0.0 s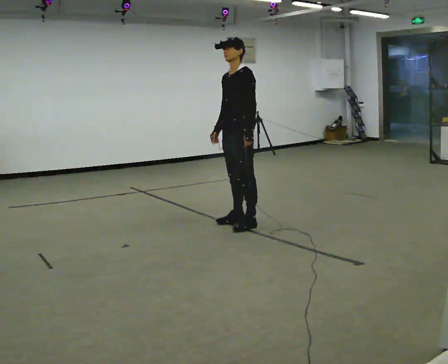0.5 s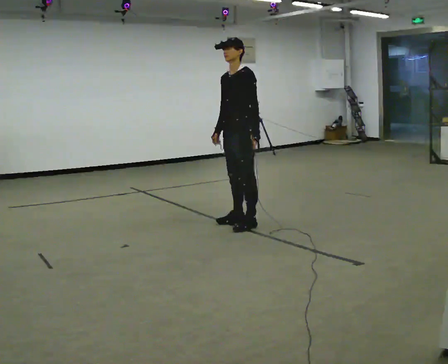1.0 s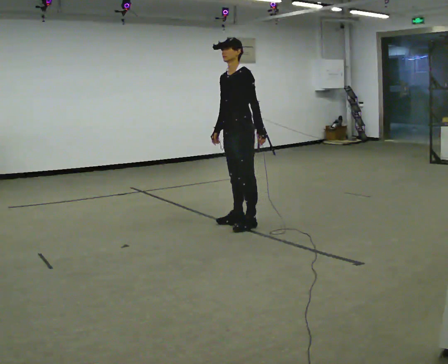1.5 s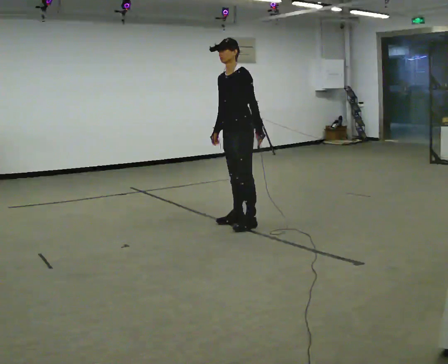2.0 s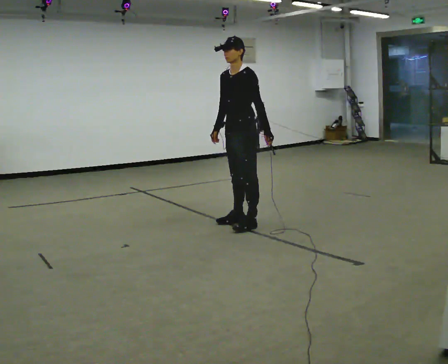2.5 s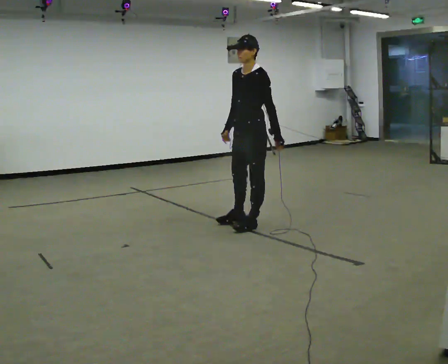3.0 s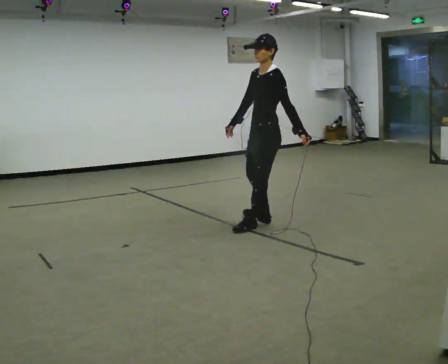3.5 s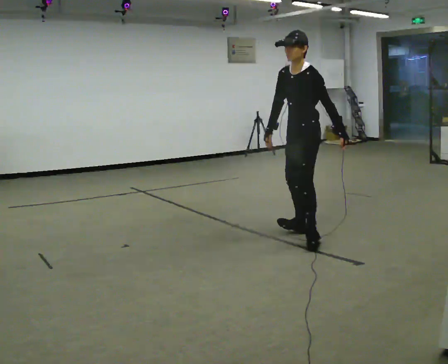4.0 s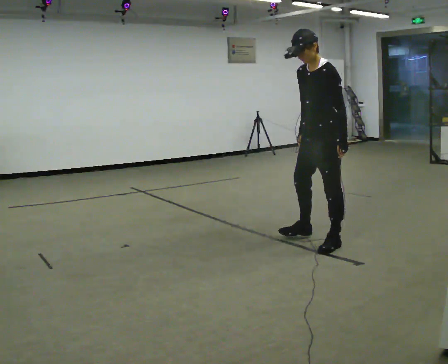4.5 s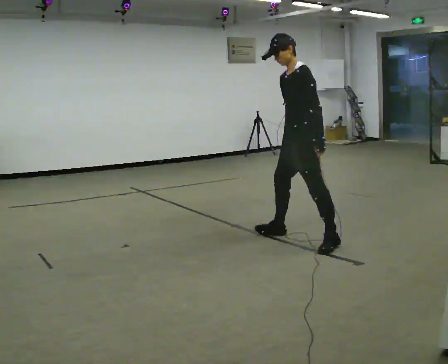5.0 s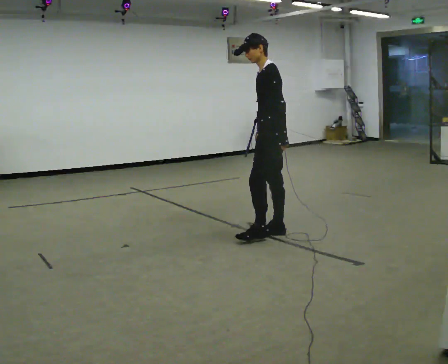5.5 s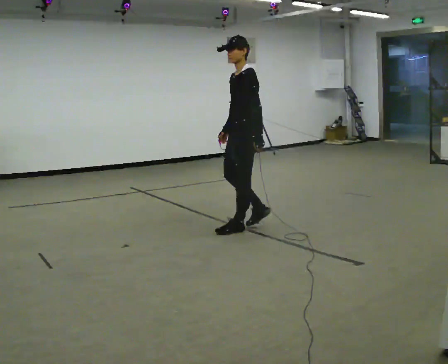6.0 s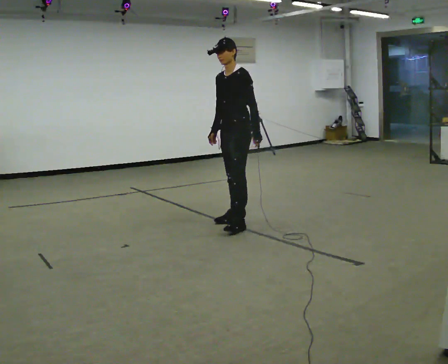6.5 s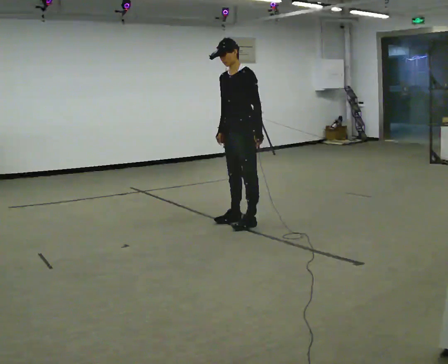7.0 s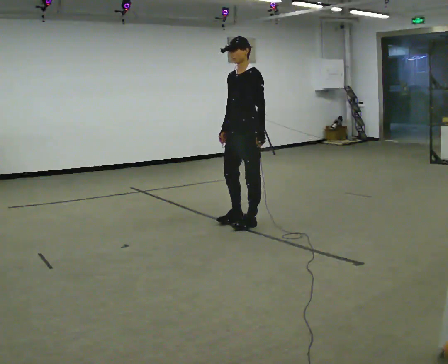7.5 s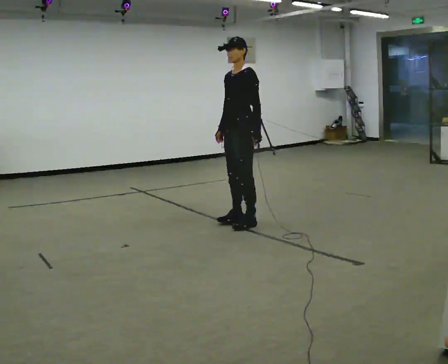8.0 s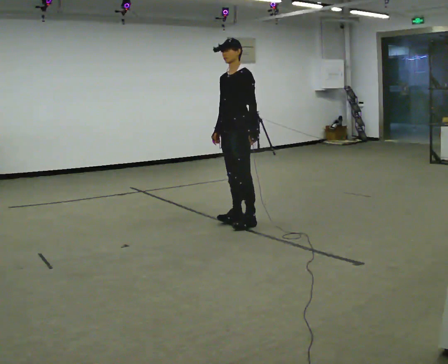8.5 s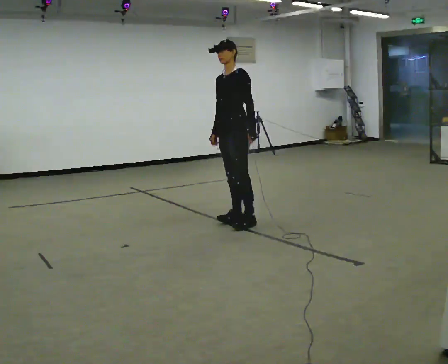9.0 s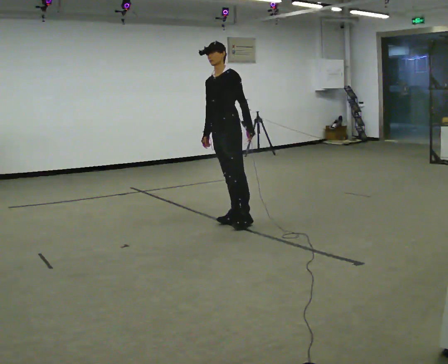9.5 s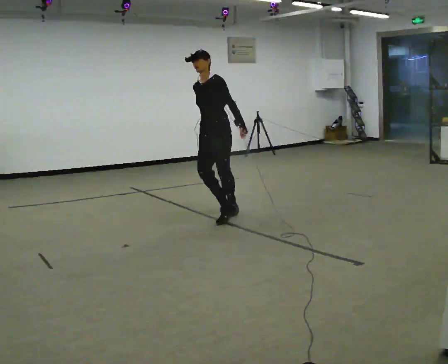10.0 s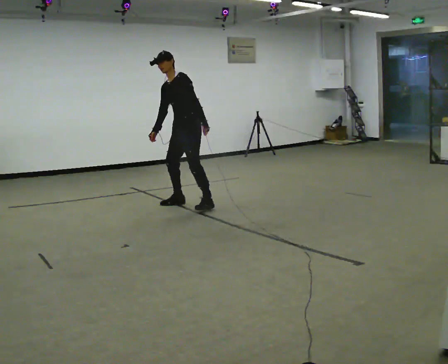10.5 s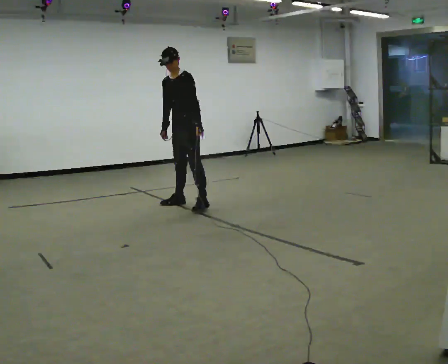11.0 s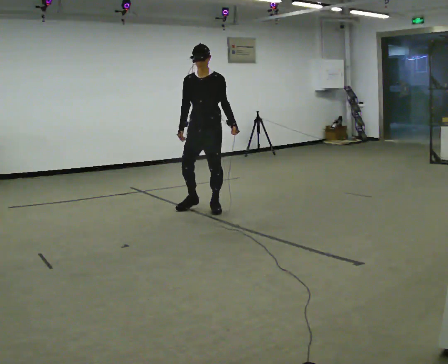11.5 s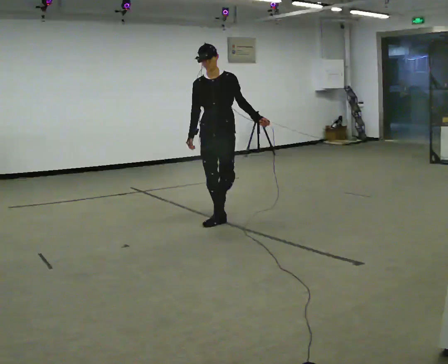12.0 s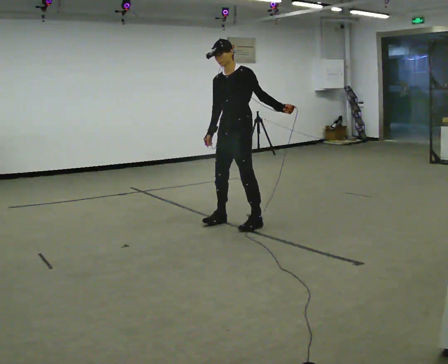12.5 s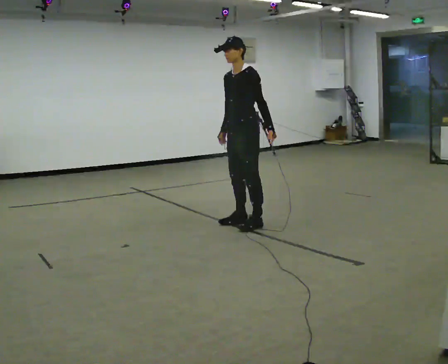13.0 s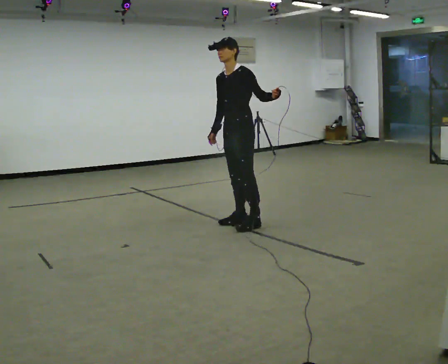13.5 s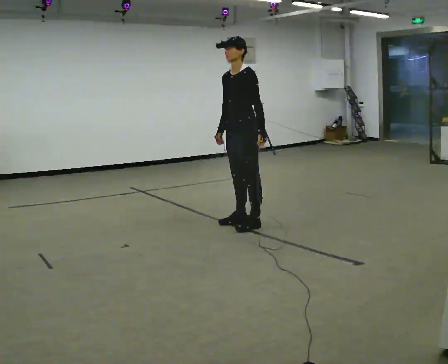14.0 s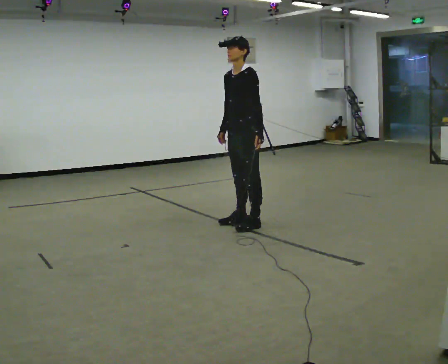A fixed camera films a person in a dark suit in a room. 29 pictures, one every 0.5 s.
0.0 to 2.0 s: The person moves a little, or ends about where they began.
2.0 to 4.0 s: In the picture they go toward the camera and to the right, about 1 m in 2 steps, which for them is to their left.
4.0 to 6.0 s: In the picture they go away from the camera and to the left, about 1 m in 3 steps, which for them is to their right and forward.
6.0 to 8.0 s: The person moves a little, or ends about where they began.
8.0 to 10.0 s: In the picture they go away from the camera and to the left, about 1 m in 2 steps, which for them is to their right. In the picture the upper body tilts counterclockwise, shoulders to the left.
10.0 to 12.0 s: In the picture they go toward the camera and to the right, about 1 m in 4 steps, which for them is to their left and forward.
12.0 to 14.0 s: The person moves a little, or ends about where they began.
The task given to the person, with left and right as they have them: Stand on the marked spots. Lean to the side the operator calls until you cannot hold it, then step to catch yourself. Return to the spots. Repeat at your own pace until the operator says stop. Go slowly and only as far as you are comfortable. Step whenever you need to; do not try to hold on longer than feels safe.
The film runs forward here.
